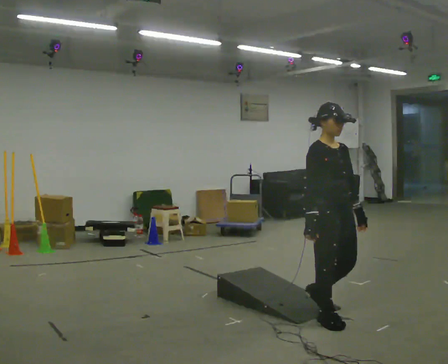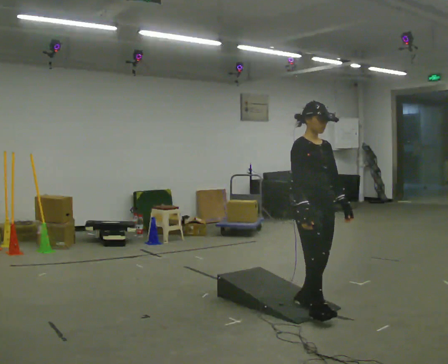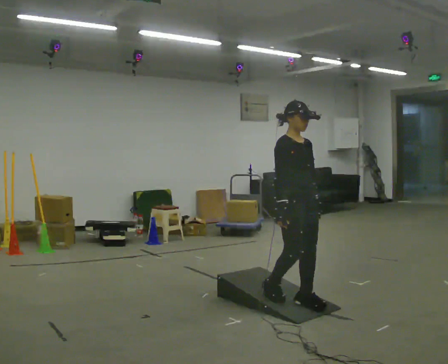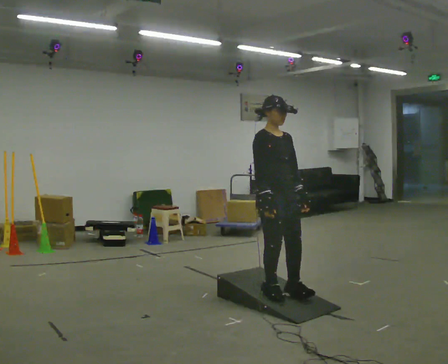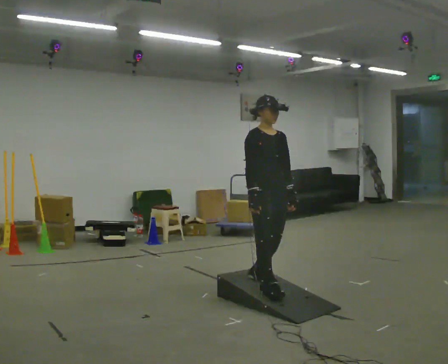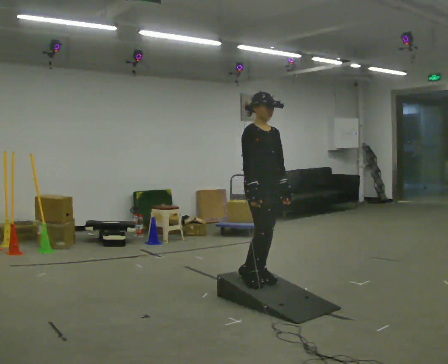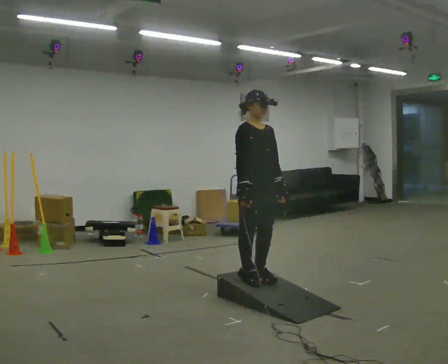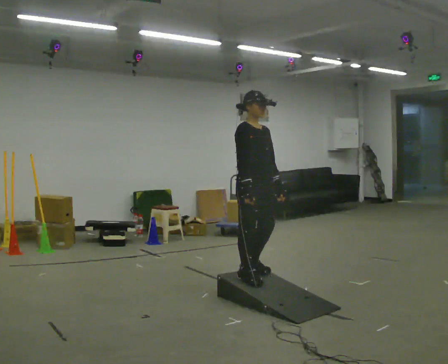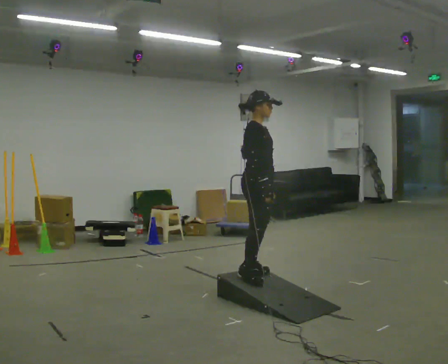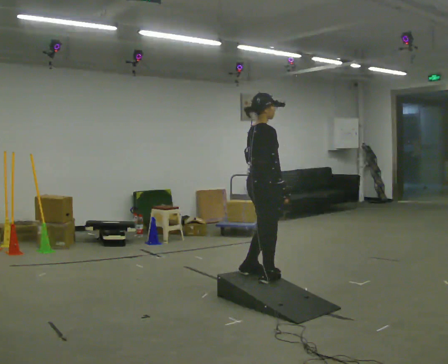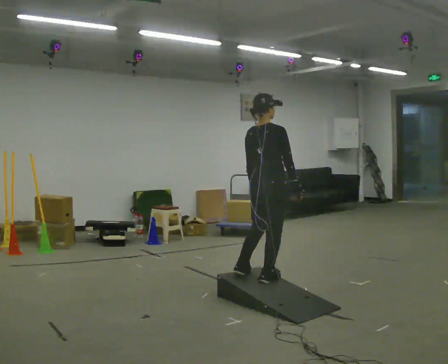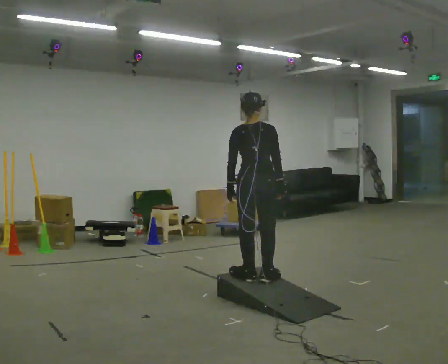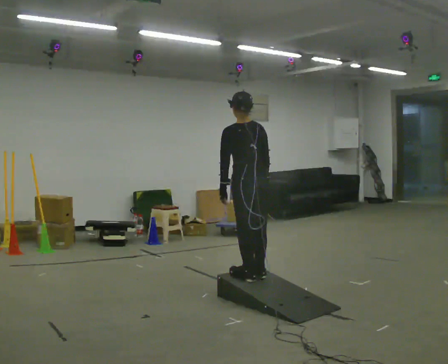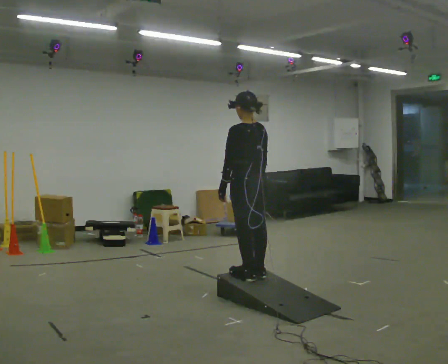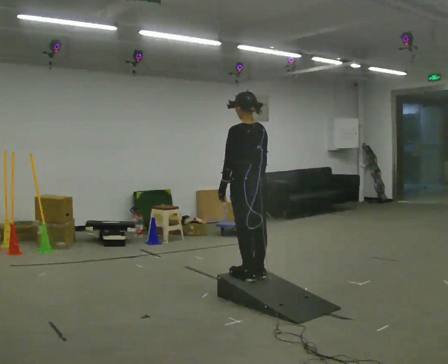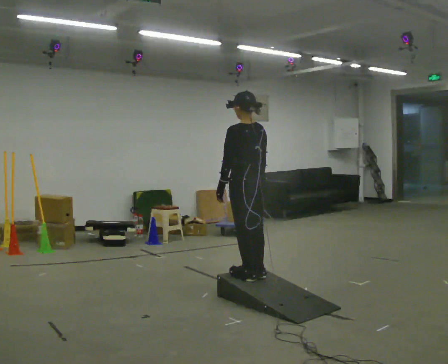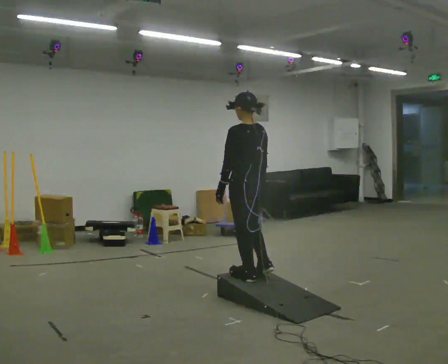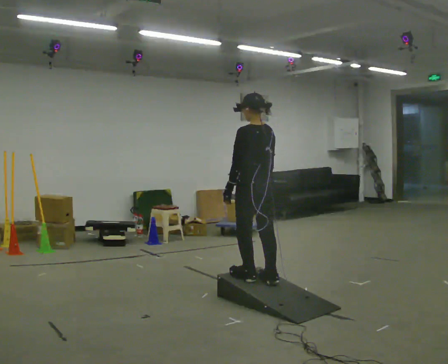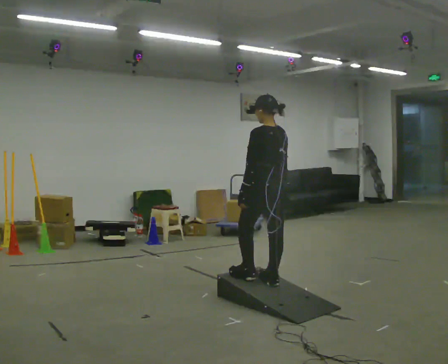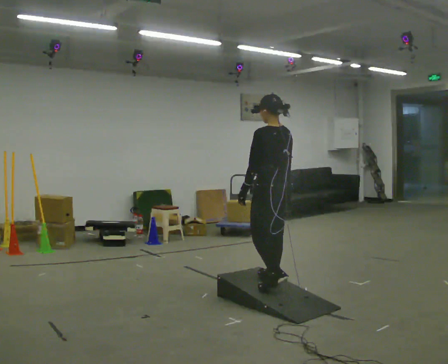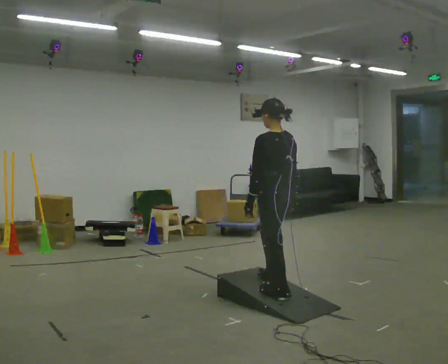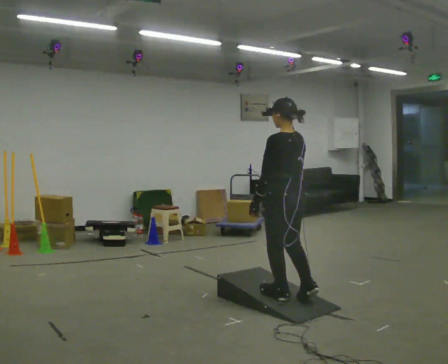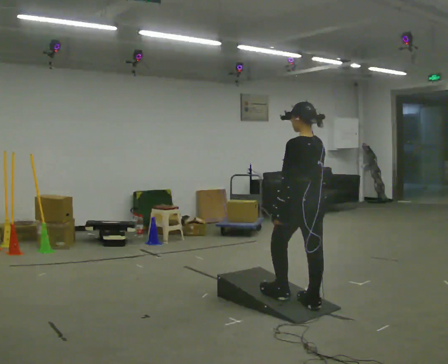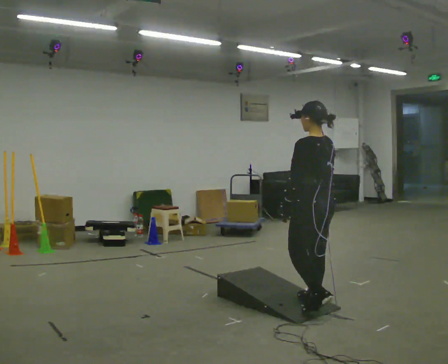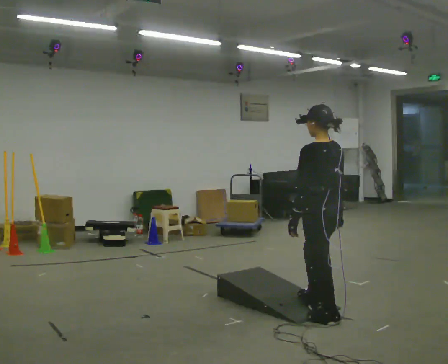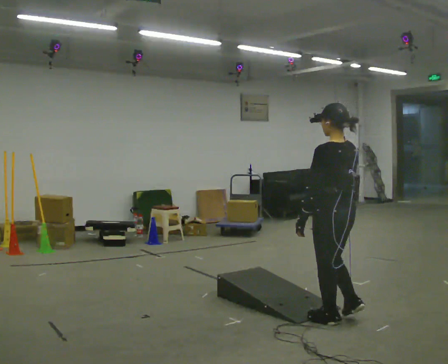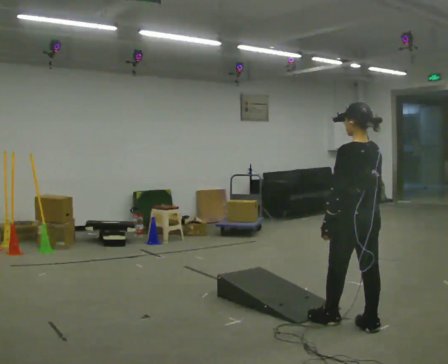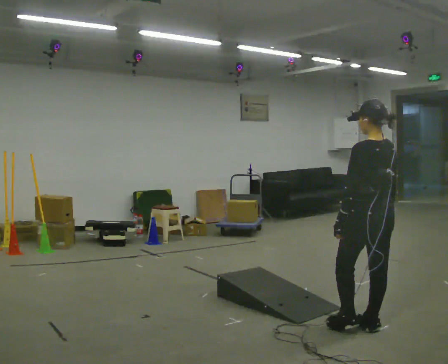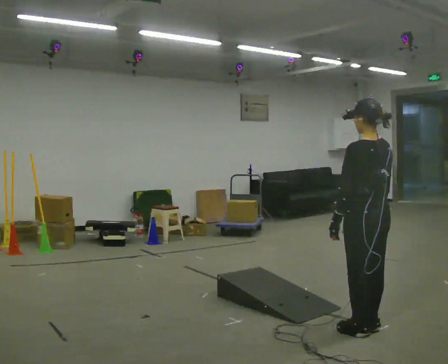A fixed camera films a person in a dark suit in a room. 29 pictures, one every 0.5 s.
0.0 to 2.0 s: In the picture they go away from the camera and to the left, about 0.75 m in 2 steps, which for them is backward.
2.0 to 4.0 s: The person turns about 45 degrees to their left, counterclockwise seen from above, so the part of the body nearest the lens slides to the right. In the picture they go away from the camera, about 0.25 m in 1 step, which for them is backward.
4.0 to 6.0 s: Seen from above the body turns counterclockwise, about 135 degrees: to their left, with its near side sliding to the right.
6.0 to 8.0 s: The person moves a little, or ends about where they began.
8.0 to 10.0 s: In the picture they go toward the camera and to the right, about 0.25 m in 1 step, which for them is backward.
10.0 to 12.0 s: In the picture they go toward the camera and to the right, about 0.5 m in 2 steps, which for them is backward.
12.0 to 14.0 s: In the picture they go toward the camera and to the right, about 0.5 m in 2 steps, which for them is backward.
The film runs backward here.
